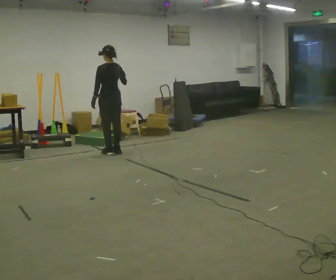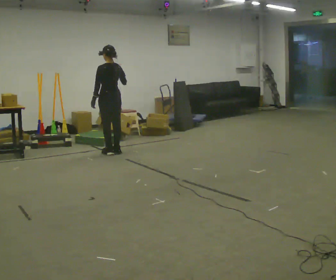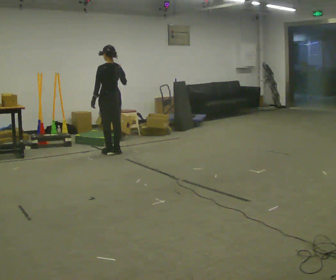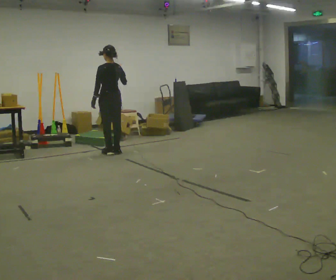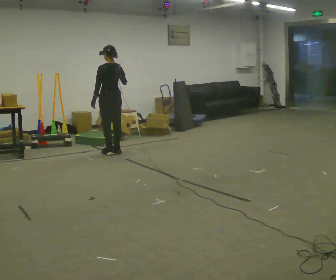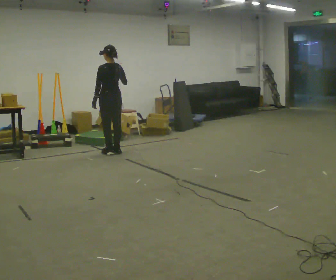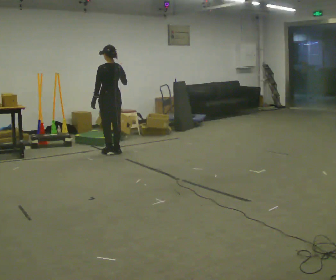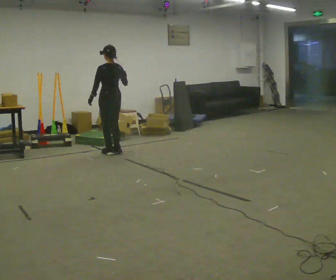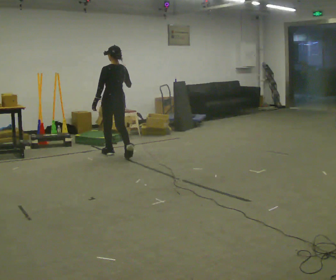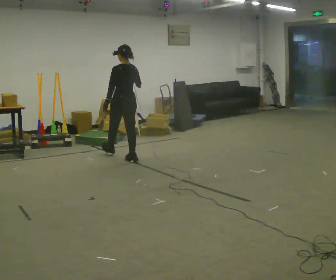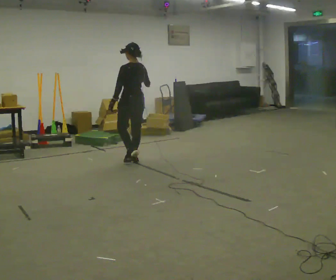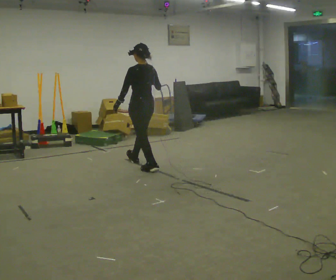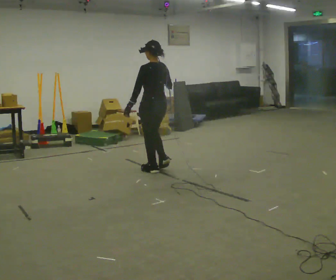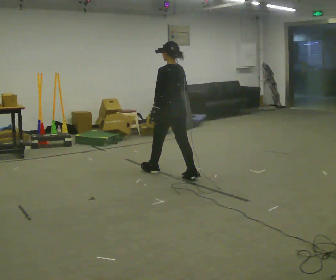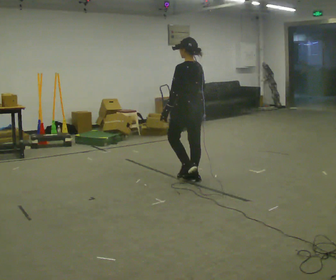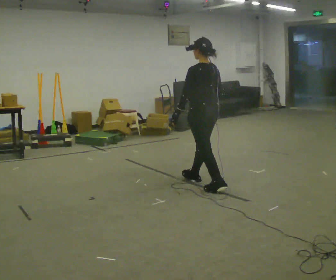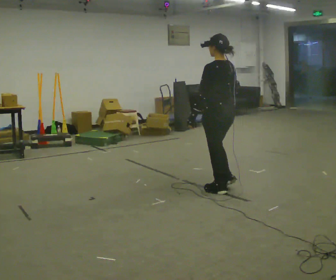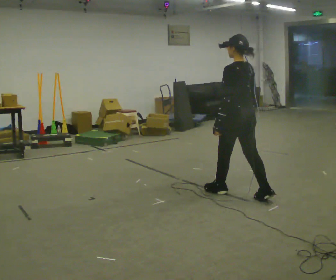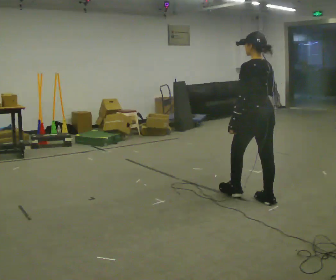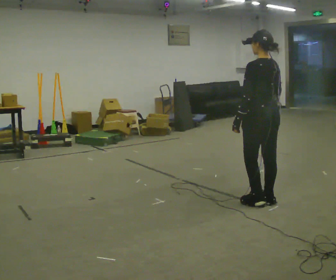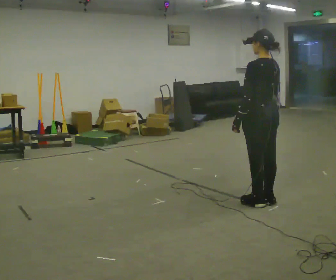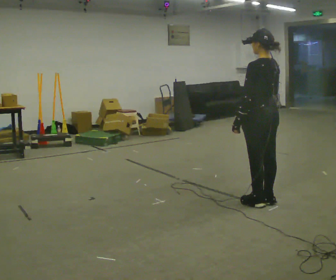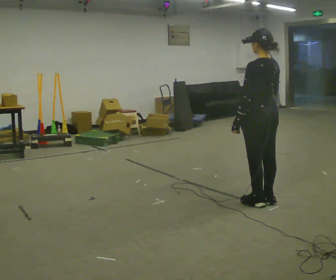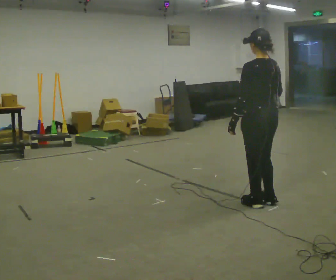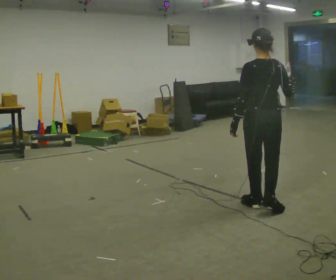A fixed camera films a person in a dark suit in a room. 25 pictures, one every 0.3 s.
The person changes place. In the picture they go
toward the camera.
0.0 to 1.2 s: The person keeps their place and pose.
1.2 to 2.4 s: In the picture they go toward the camera, about 0.25 m in 1 step, which for them is backward.
2.4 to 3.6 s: In the picture they go toward the camera and to the right, about 1 m in 2 steps, which for them is backward.
3.6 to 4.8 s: In the picture they go toward the camera and to the right, about 1 m in 2 steps, which for them is backward.
4.8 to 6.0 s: In the picture they go toward the camera and to the right, about 0.5 m in 1 step, which for them is backward.
6.0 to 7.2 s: The part of the body nearest the lens slides to the left as the person turns to their right by about 30 degrees.
The film runs backward here.
